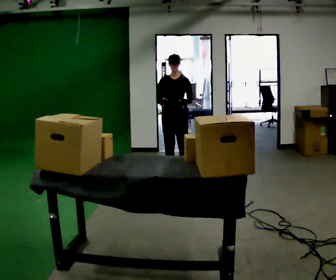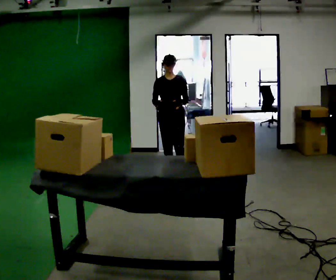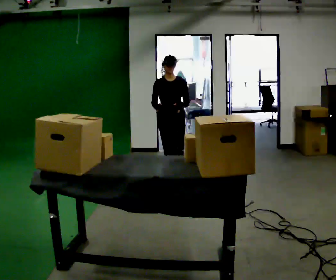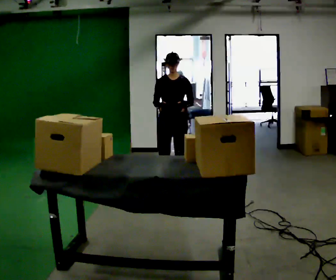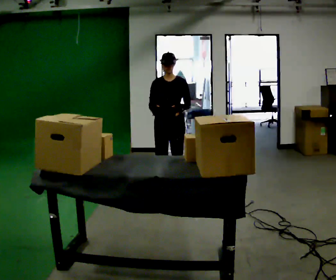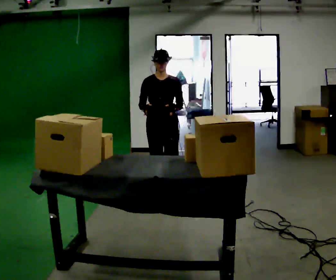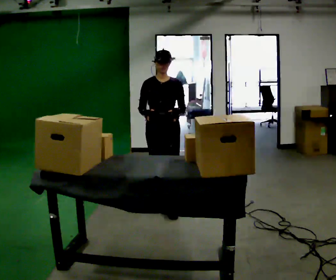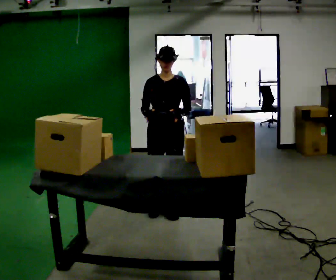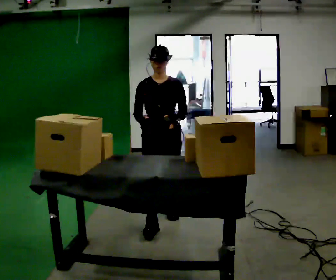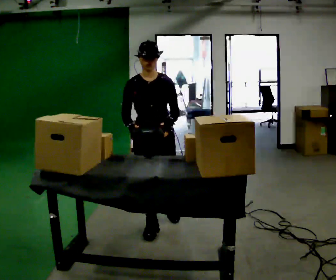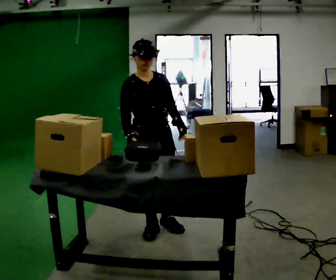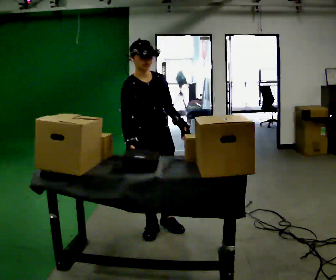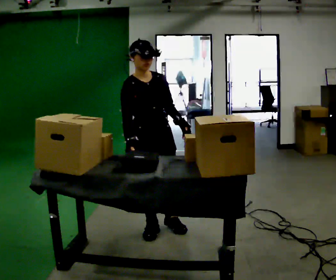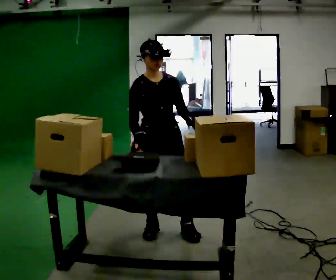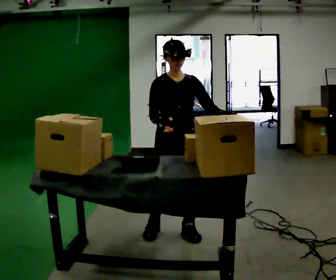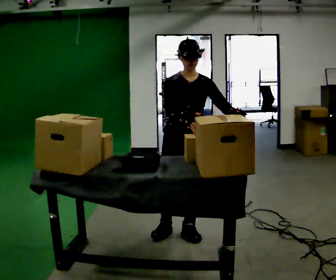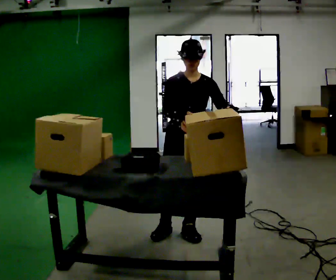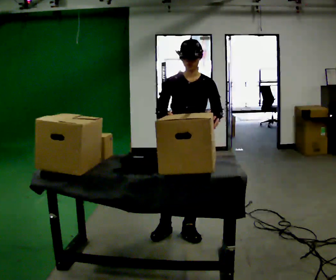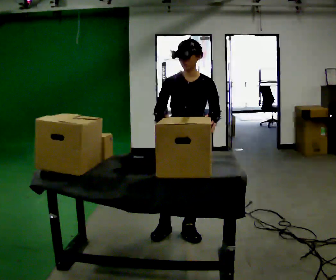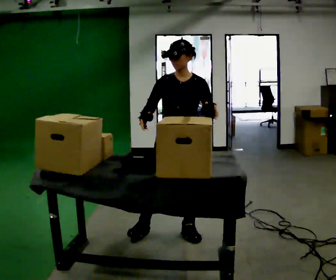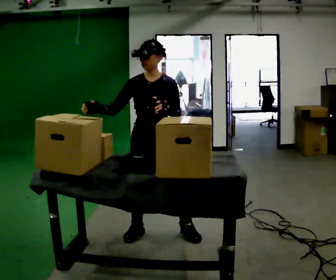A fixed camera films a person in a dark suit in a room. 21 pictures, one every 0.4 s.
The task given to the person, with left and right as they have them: Take the objects the operator names off the crowded shelf, one at a time, and carry each one to the table. You will have to move other things out of the way to reach them. Keep going until the operator says stop; one object at a time, and do not rush between trips.
0.0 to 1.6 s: In the picture they go toward the camera, about 0.5 m in 2 steps, which for them is forward.
1.6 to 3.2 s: In the picture they go toward the camera, about 1 m in 2 steps, which for them is forward.
3.2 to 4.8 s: The person turns about 30 degrees to their left, counterclockwise seen from above, so the part of the body nearest the lens slides to the right. In the picture they go toward the camera, about 0.25 m in 1 step, which for them is forward and to their right.
4.8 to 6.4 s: Seen from above the body turns clockwise, about 30 degrees: to their right, with its near side sliding to the left. In the picture they go to the right, about 0.25 m in 1 step, which for them is to their left.
6.4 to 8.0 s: In the picture they go to the left, about 0.25 m in 1 step, which for them is to their right.
The film runs forward here.
